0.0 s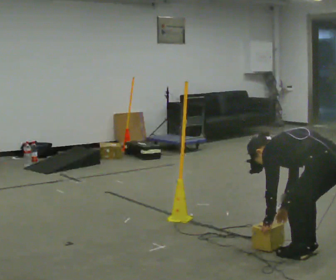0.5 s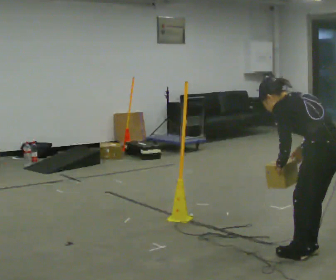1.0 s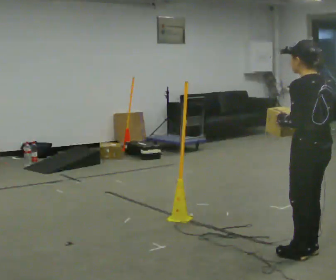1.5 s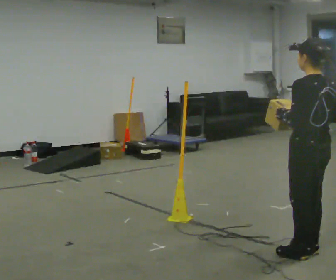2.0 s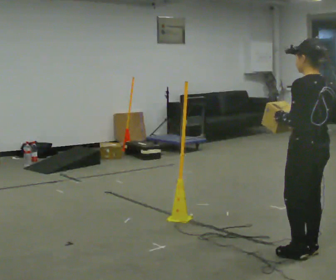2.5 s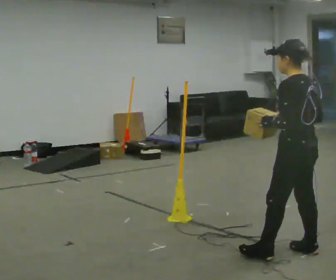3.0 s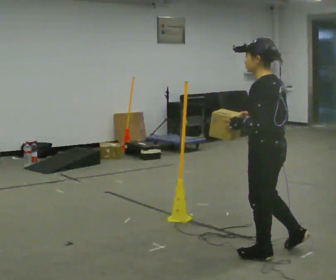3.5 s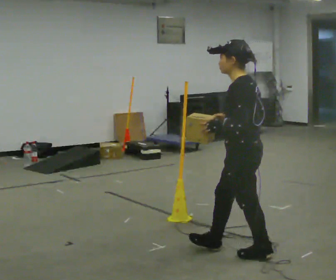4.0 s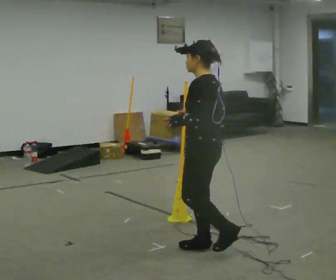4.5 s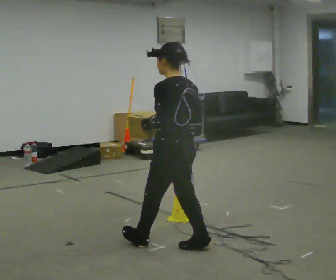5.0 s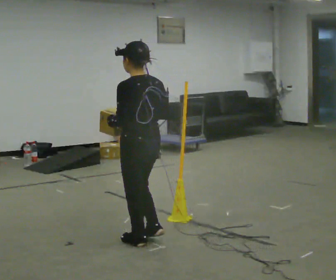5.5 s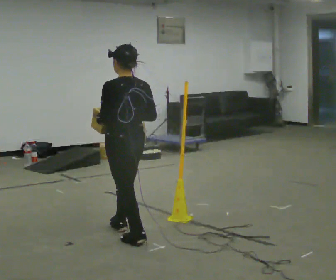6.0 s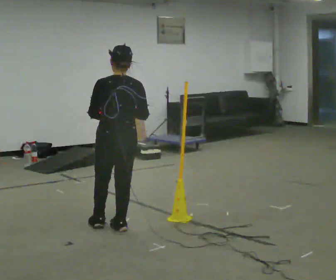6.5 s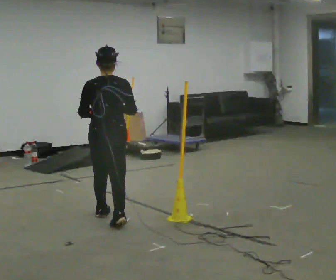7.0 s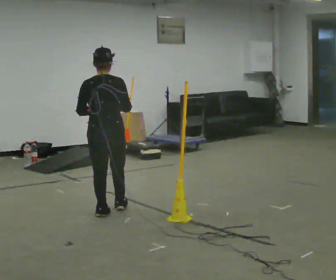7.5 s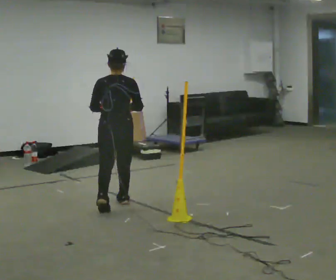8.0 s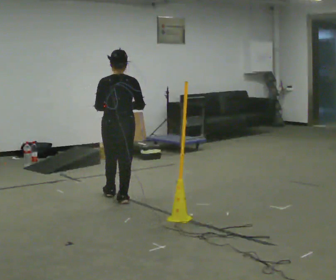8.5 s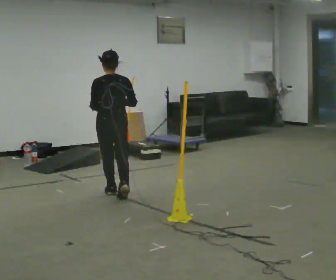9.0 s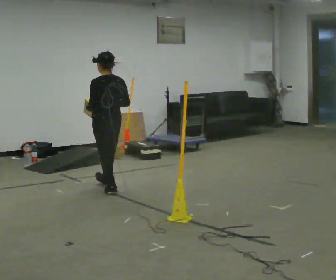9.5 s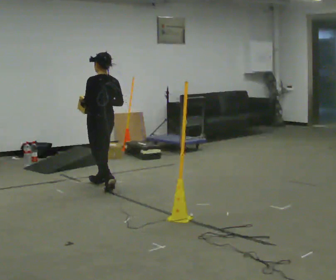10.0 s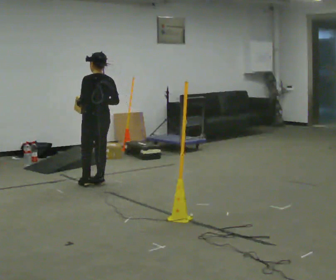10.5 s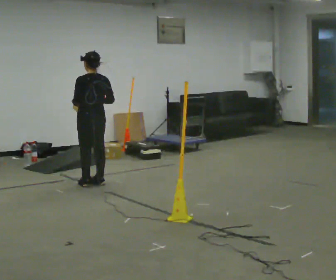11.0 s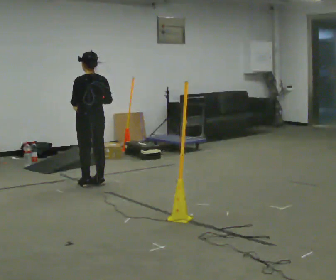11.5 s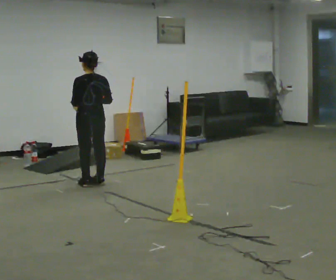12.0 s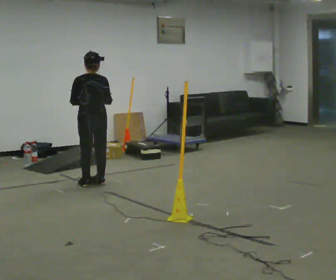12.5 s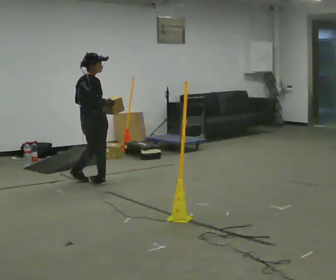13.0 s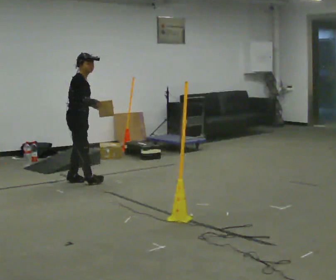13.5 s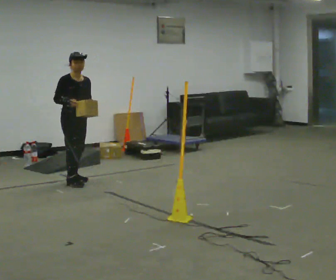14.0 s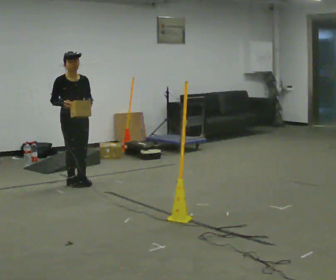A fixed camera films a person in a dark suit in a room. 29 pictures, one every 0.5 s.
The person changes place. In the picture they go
away from the camera.
0.0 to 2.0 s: In the picture they go away from the camera, about 0.25 m, which for them is forward. The shoulders move upward. The upper body tips toward the camera, its near side rolling downward, as they lean back or straighten. In the picture their right hand goes upward.
2.0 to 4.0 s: Seen from above the body turns counterclockwise, about 30 degrees: to their left, with its near side sliding to the right. In the picture they go to the left and away from the camera, about 0.5 m in 2 steps, which for them is forward.
4.0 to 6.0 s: The person turns about 60 degrees to their right, clockwise seen from above, so the part of the body nearest the lens slides to the left. In the picture they go away from the camera and to the left, about 1 m in 2 steps, which for them is forward.
6.0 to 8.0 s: In the picture they go away from the camera, about 1 m in 2 steps, which for them is forward.
8.0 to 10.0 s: The person turns about 30 degrees to their left, counterclockwise seen from above, so the part of the body nearest the lens slides to the right. In the picture they go away from the camera, about 1 m in 3 steps, which for them is forward.
10.0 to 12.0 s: The person turns about 30 degrees to their right, clockwise seen from above, so the part of the body nearest the lens slides to the left.
12.0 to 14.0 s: Seen from above the body turns clockwise, about 150 degrees: to their right, with its near side sliding to the left. In the picture they go to the left, about 0.25 m in 2 steps. In the picture their right hand goes to the left.
The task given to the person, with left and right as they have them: Carry the box across the room. The operator will step into your path partway across, so go around them and carry on. Keep going until the operator says stop; one object at a time, and do not rush between trips.
The film runs forward here.
